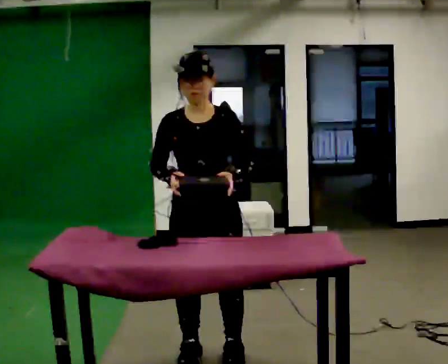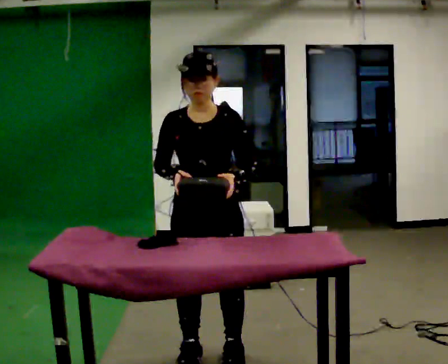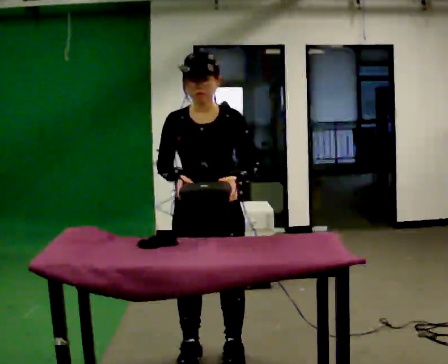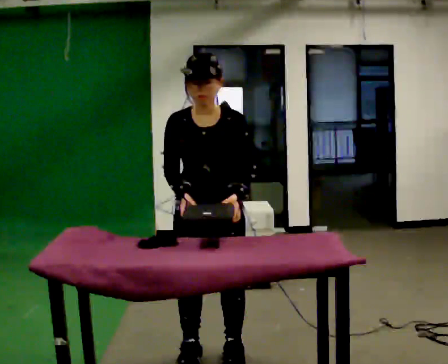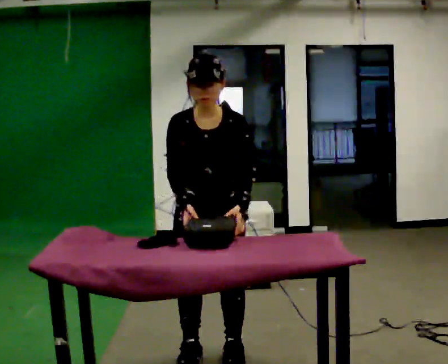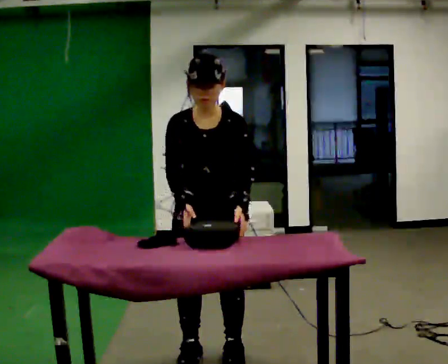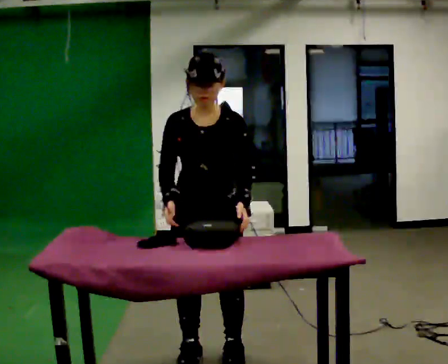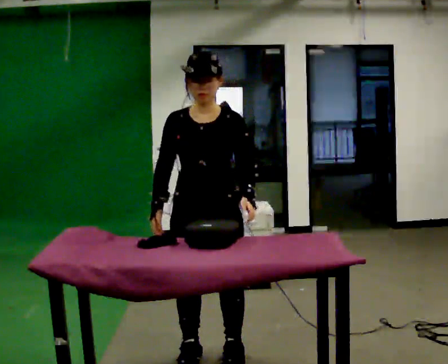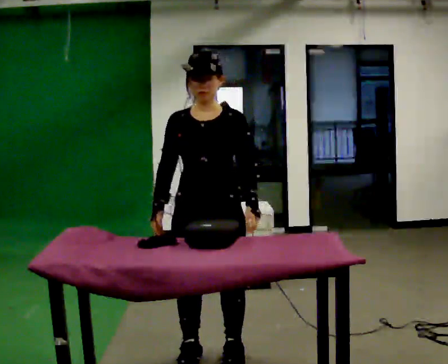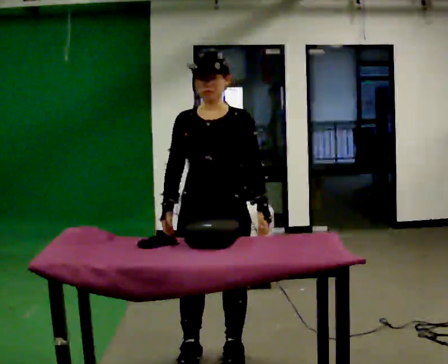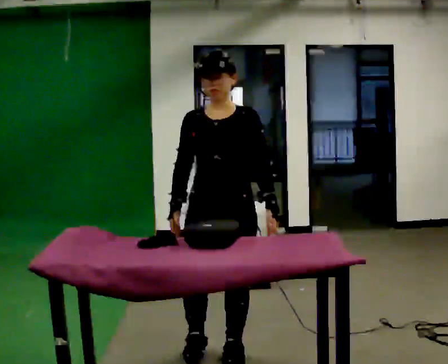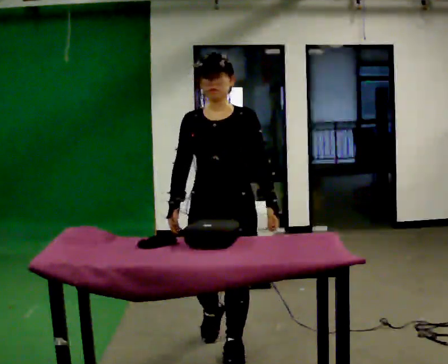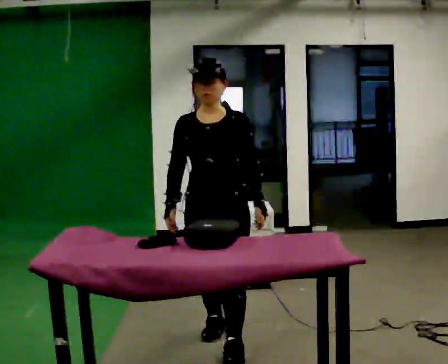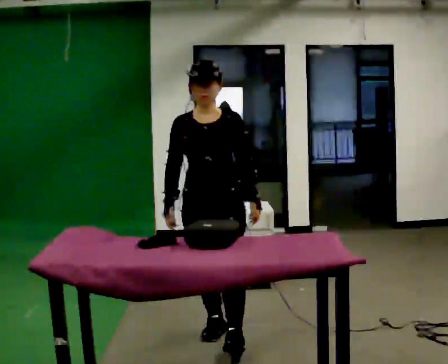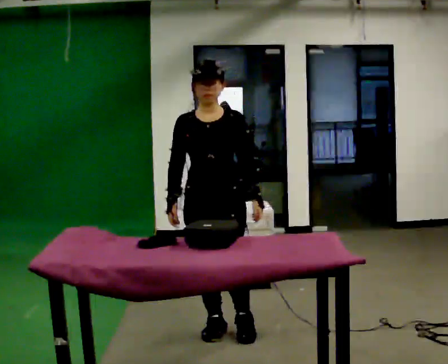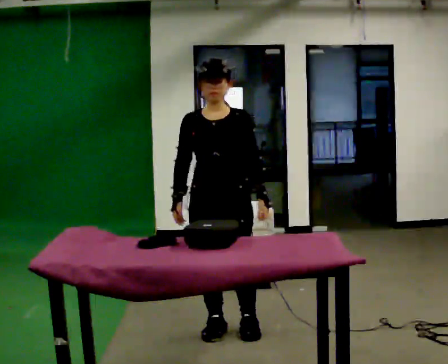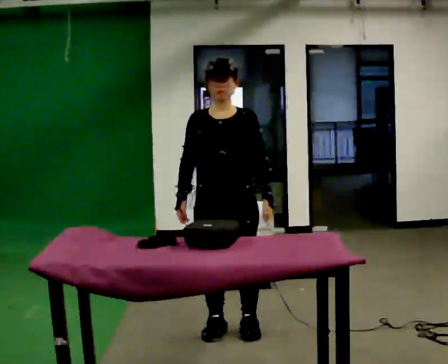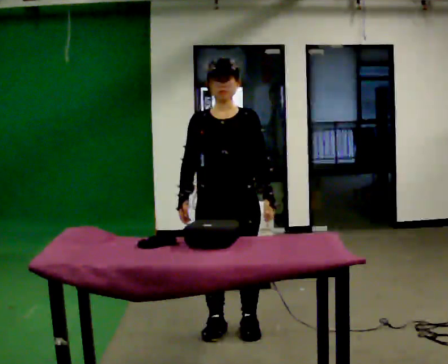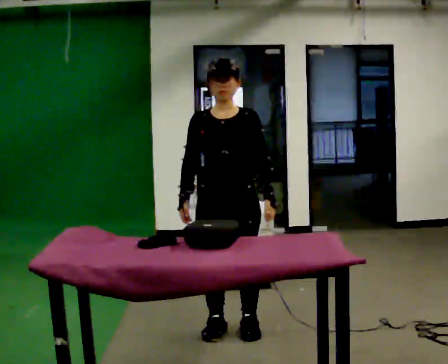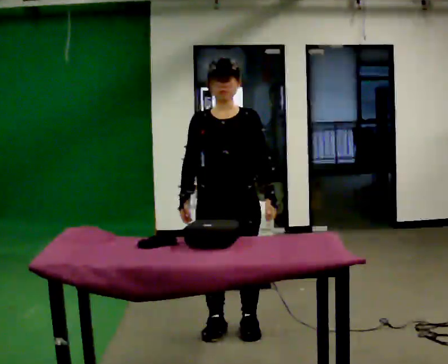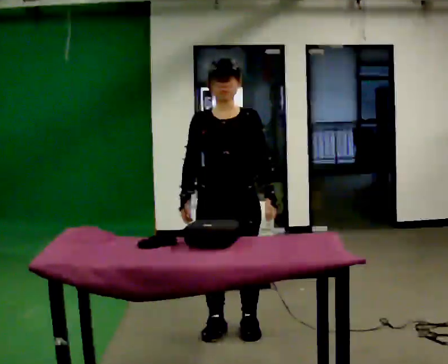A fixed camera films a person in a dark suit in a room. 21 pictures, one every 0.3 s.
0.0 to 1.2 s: The person moves a little, or ends about where they began.
1.2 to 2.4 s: The upper body tips away from the camera, its near side rolling upward, as they lean back or straighten.
2.4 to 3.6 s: In the picture they go away from the camera, about 0.25 m in 1 step, which for them is backward.
3.6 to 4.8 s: In the picture they go away from the camera, about 0.25 m in 1 step, which for them is backward.
4.8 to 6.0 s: The person moves a little, or ends about where they began.
The film runs backward here.
